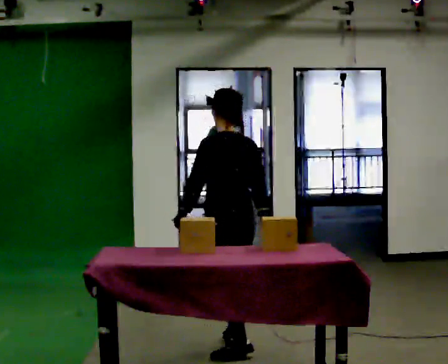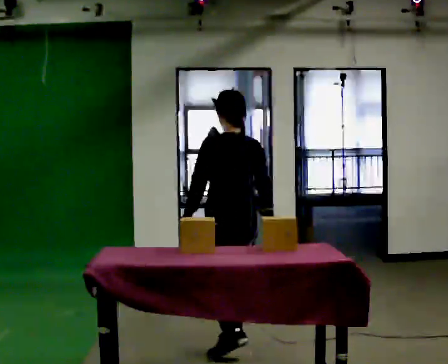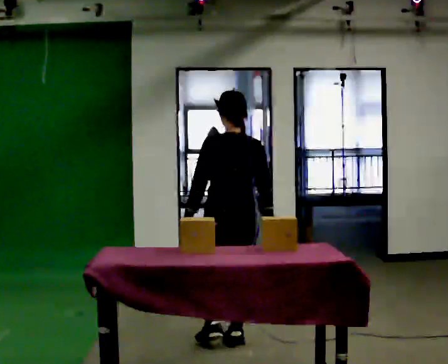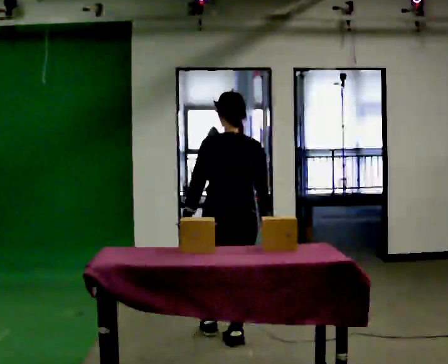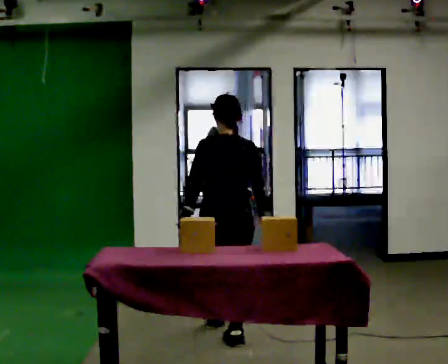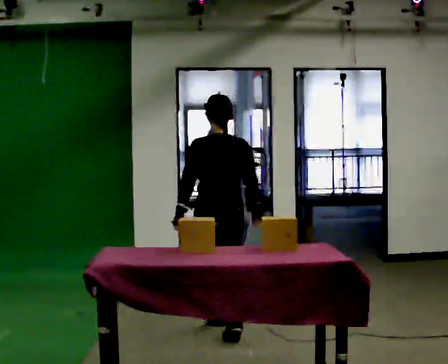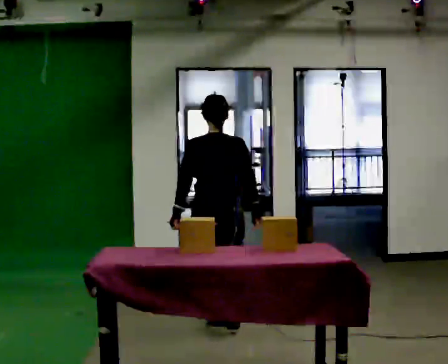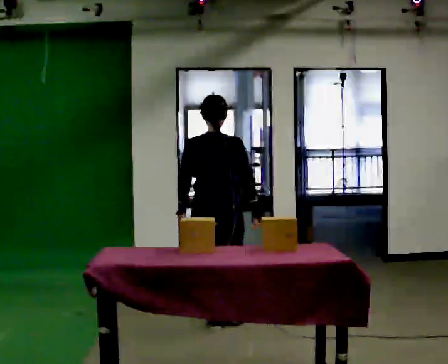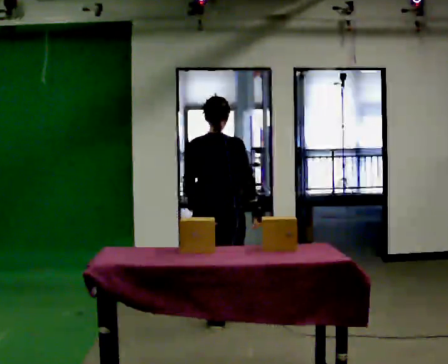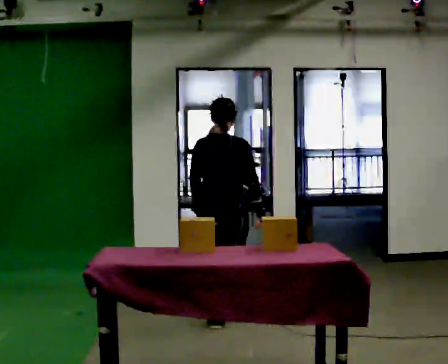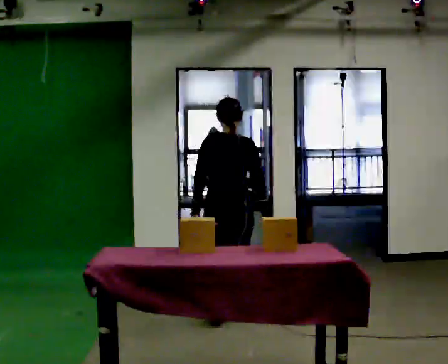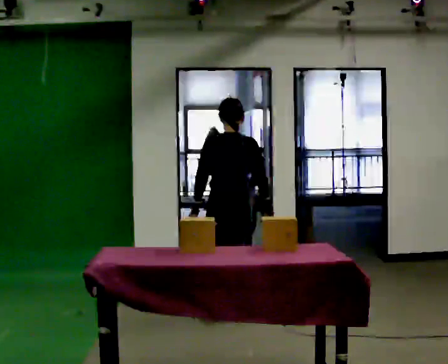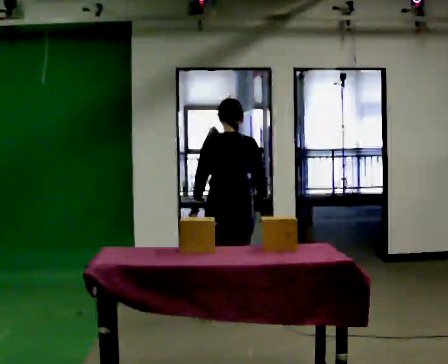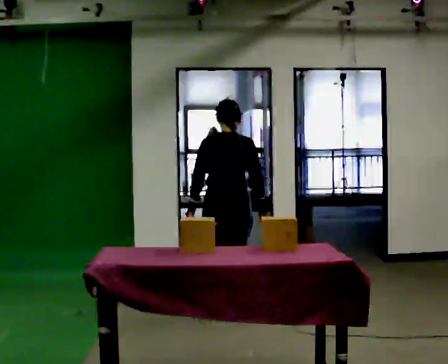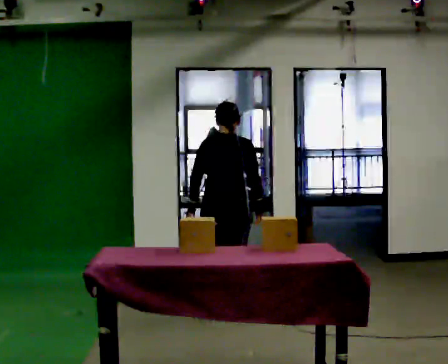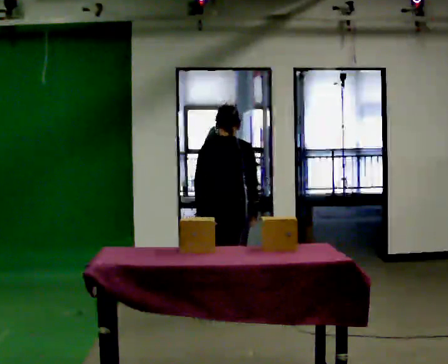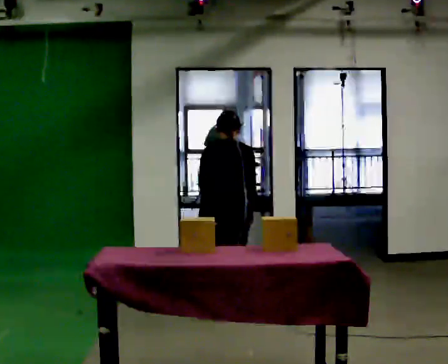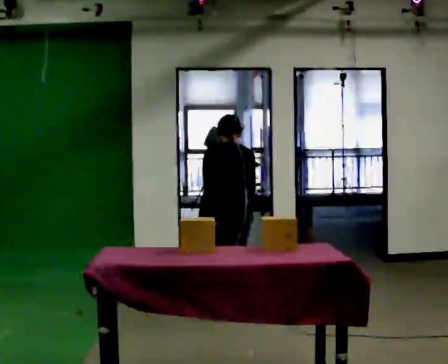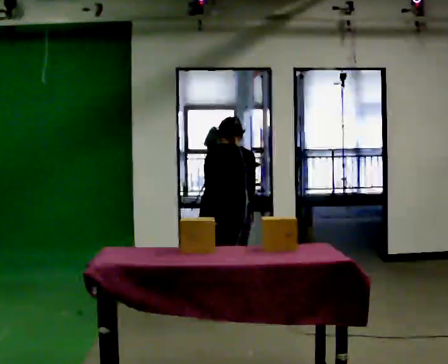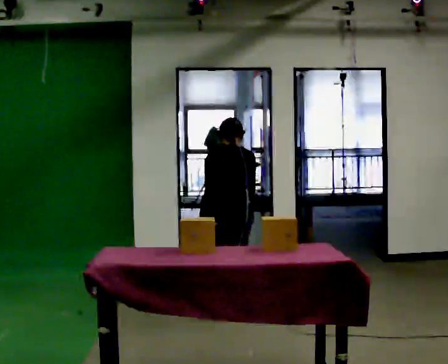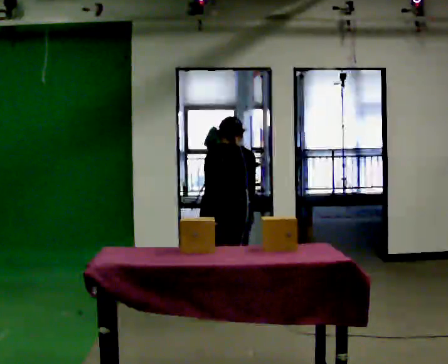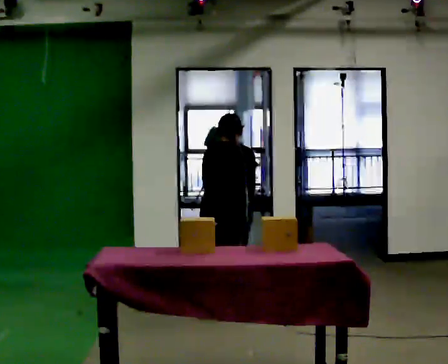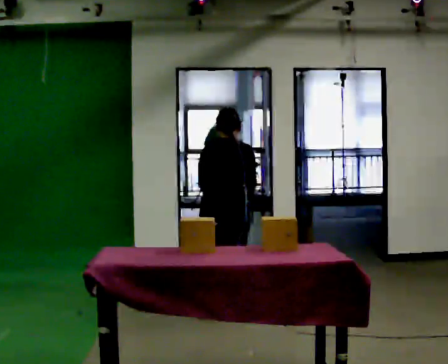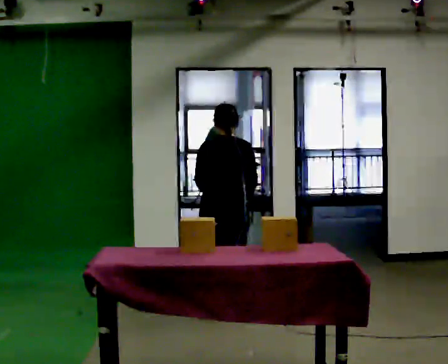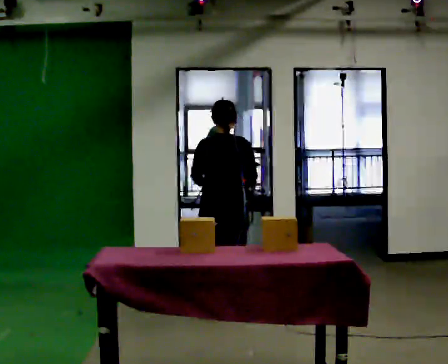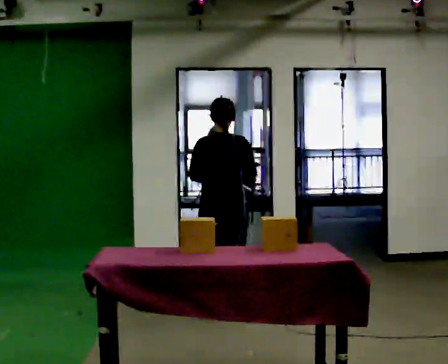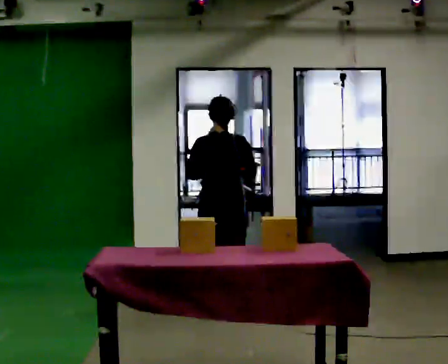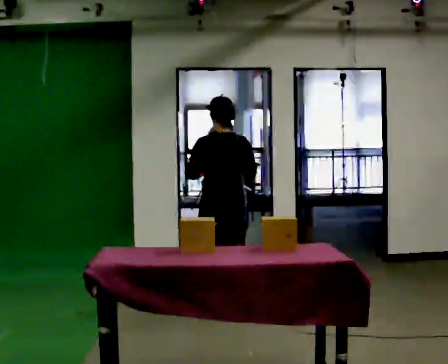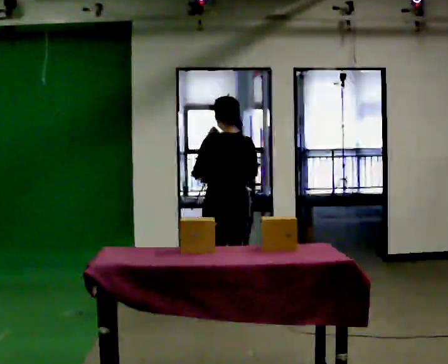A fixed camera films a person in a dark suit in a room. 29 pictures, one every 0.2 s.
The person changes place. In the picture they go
away from the camera.
0.0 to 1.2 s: Seen from above the body turns clockwise, about 45 degrees: to their right, with its near side sliding to the left. In the picture they go away from the camera, about 0.5 m in 1 step, which for them is forward.
1.2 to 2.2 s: In the picture they go away from the camera, about 0.25 m in 1 step, which for them is forward.
2.2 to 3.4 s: The upper body tips away from the camera, its near side rolling upward, as they bend forward.
3.4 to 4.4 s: The person moves a little, or ends about where they began.
4.4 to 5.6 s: The upper body tips toward the camera, its near side rolling downward, as they lean back or straighten. In the picture their right hand goes upward.
The film runs forward here.
